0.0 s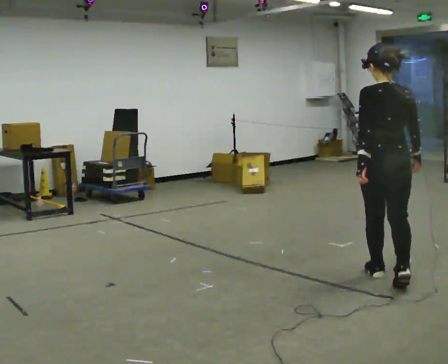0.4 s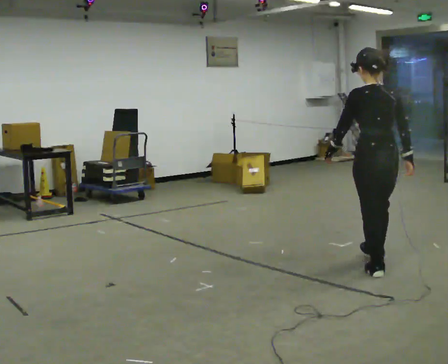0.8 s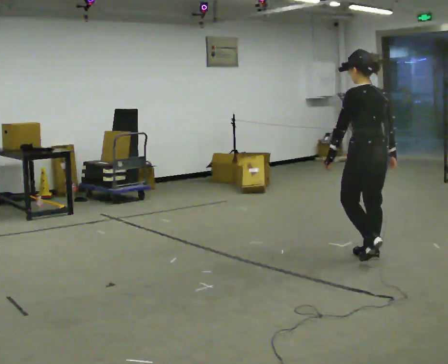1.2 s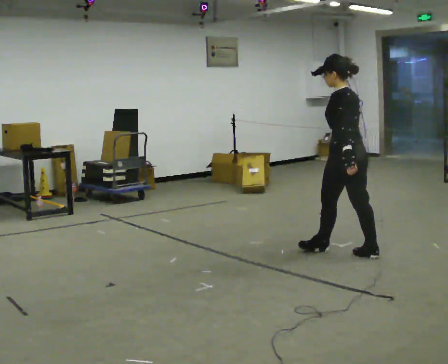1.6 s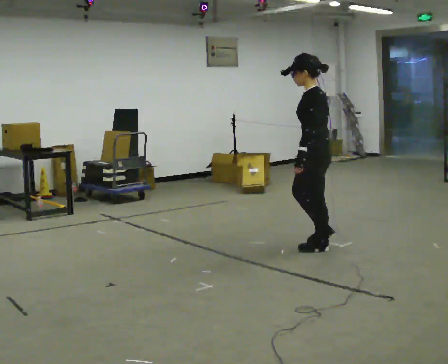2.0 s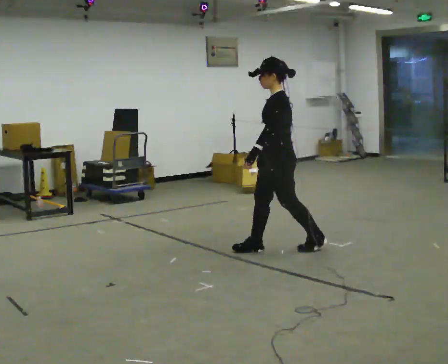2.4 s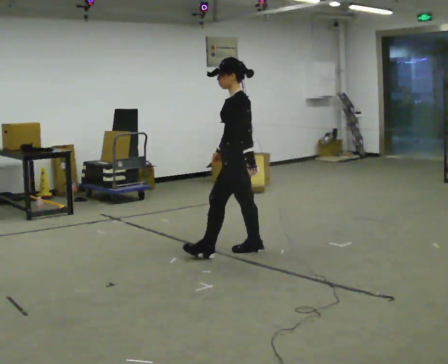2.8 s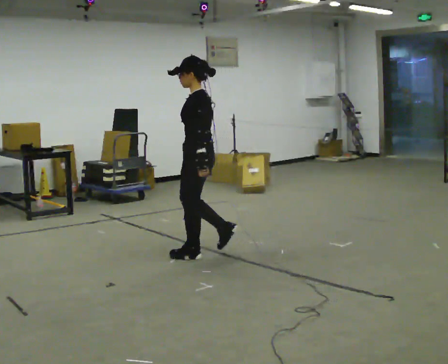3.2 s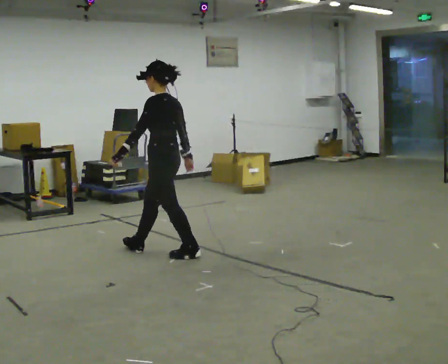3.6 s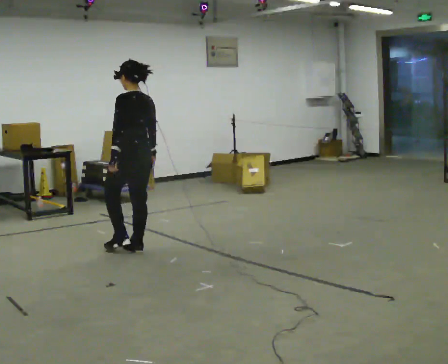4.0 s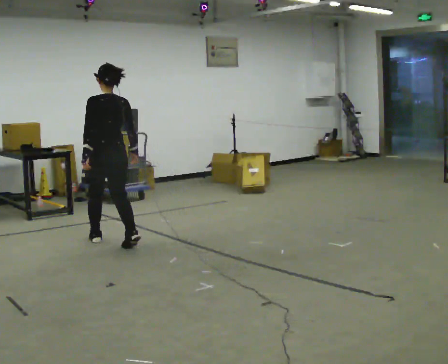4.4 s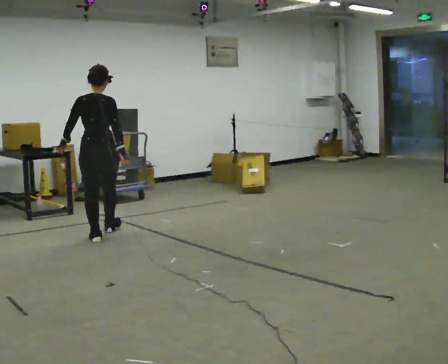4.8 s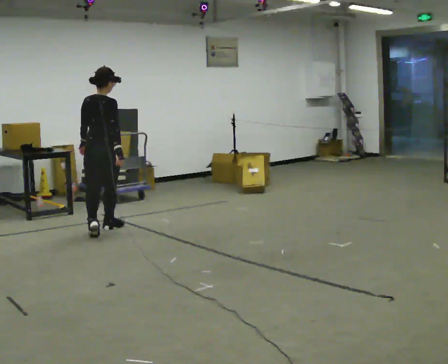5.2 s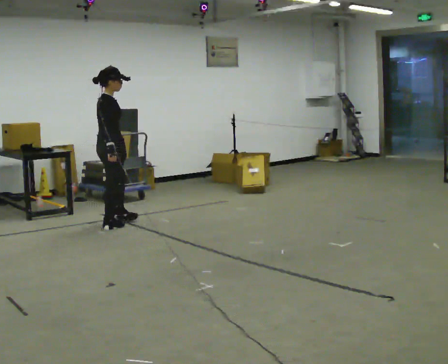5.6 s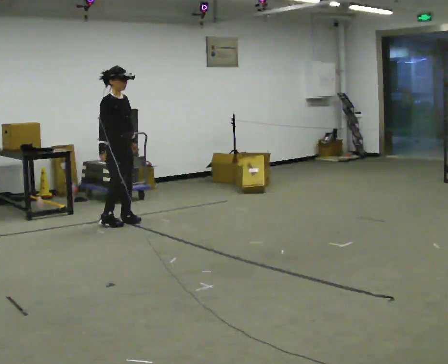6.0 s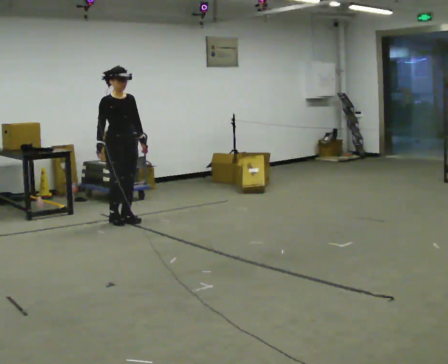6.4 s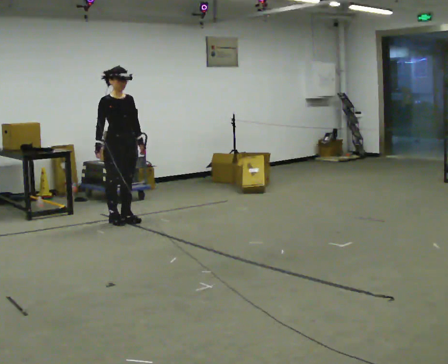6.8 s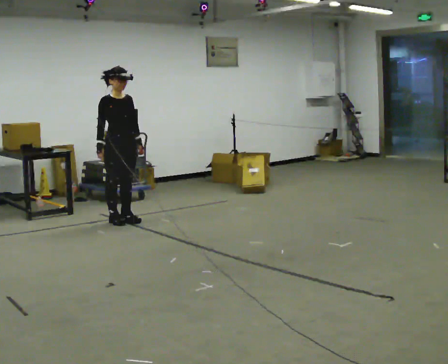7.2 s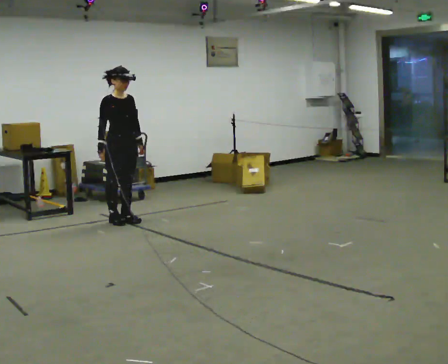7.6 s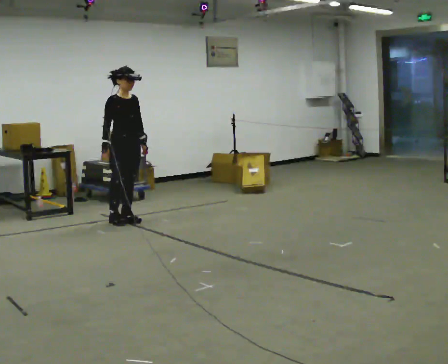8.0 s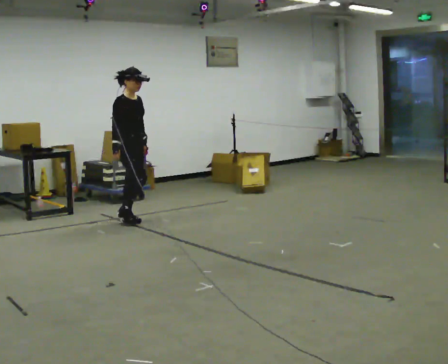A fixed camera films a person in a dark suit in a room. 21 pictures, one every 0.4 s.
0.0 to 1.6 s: The person turns about 75 degrees to their left, counterclockwise seen from above, so the part of the body nearest the lens slides to the right. In the picture they go away from the camera, about 1 m in 2 steps.
1.6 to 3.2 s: In the picture they go to the left, about 1 m in 3 steps, which for them is forward.
3.2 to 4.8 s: The person turns about 90 degrees to their right, clockwise seen from above, so the part of the body nearest the lens slides to the left. In the picture they go away from the camera and to the left, about 1 m in 2 steps.
4.8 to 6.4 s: The person turns about 120 degrees to their right, clockwise seen from above, so the part of the body nearest the lens slides to the left. In the picture they go away from the camera and to the right, about 0.5 m in 2 steps.
6.4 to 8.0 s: The person turns about 30 degrees to their left, counterclockwise seen from above, so the part of the body nearest the lens slides to the right.
The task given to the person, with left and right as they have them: Walk one full figure-eight continuously at comfortable speed; stop.
The film runs forward here.
